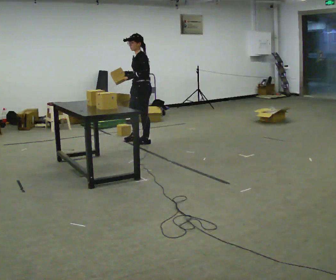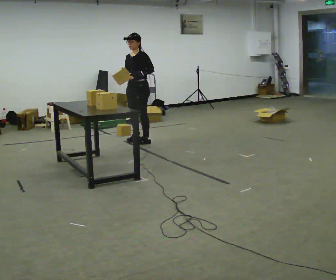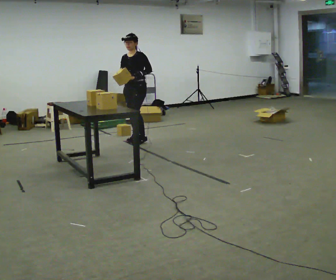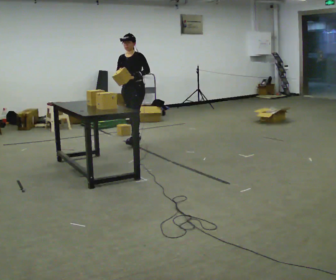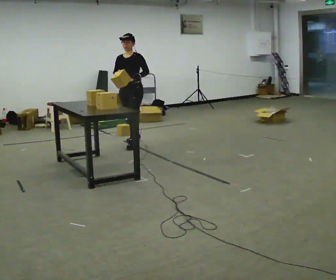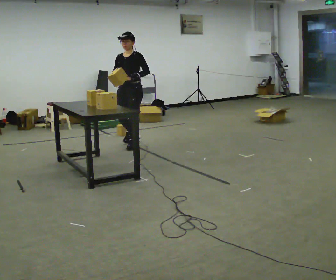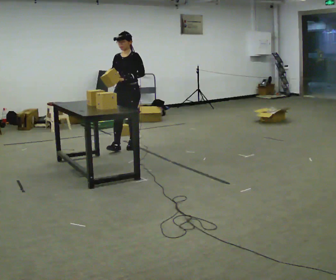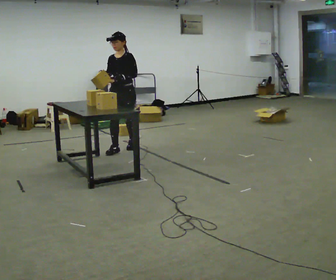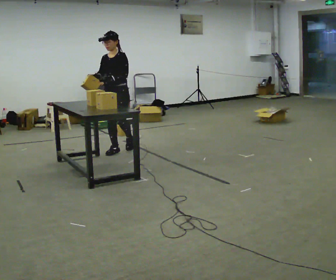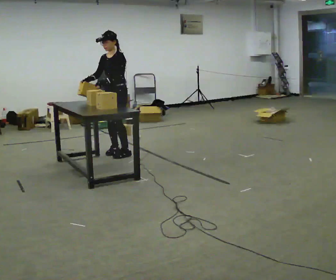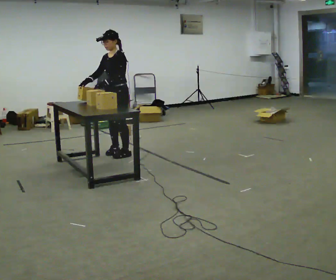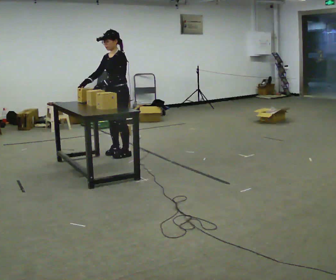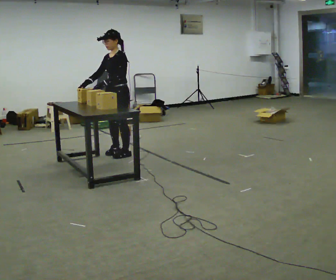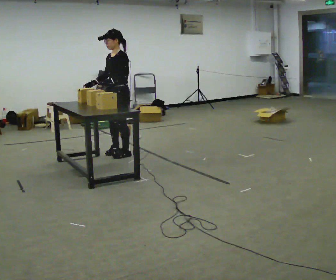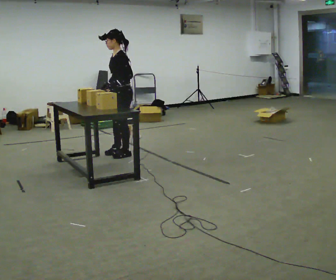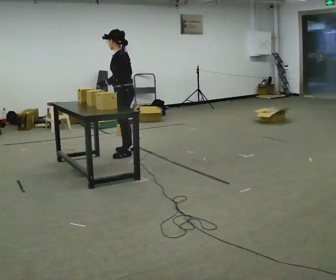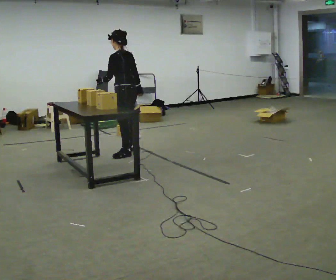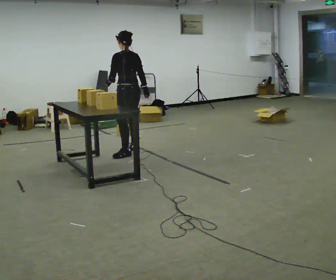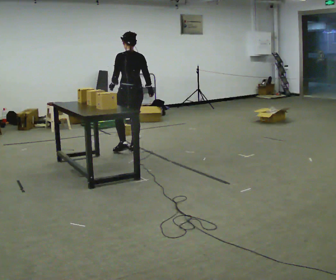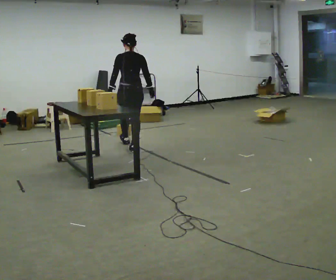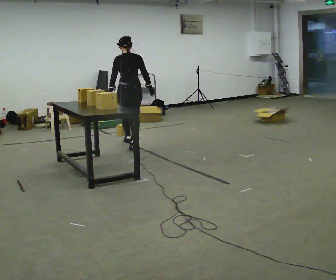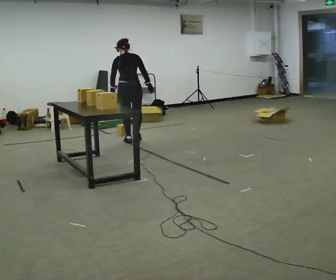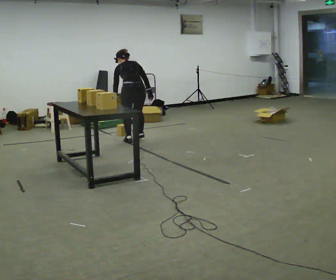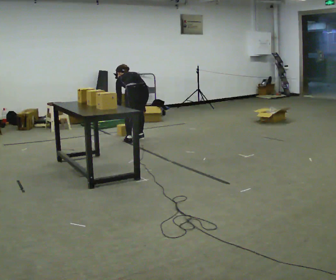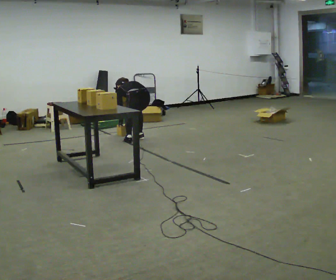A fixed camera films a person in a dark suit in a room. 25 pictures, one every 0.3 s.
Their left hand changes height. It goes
downward.
Their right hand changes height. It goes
downward.
0.0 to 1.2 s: Seen from above the body turns counterclockwise, about 45 degrees: to their left, with its near side sliding to the right. In the picture they go to the left, about 0.25 m in 1 step, which for them is forward.
1.2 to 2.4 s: In the picture they go toward the camera and to the left, about 0.5 m in 1 step, which for them is forward.
2.4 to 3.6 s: In the picture they go toward the camera, about 0.25 m in 1 step, which for them is to their left.
3.6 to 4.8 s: The person turns about 75 degrees to their right, clockwise seen from above, so the part of the body nearest the lens slides to the left. In the picture their right hand goes to the right, the arm swinging counterclockwise.
4.8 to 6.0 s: Seen from above the body turns clockwise, about 60 degrees: to their right, with its near side sliding to the left. In the picture they go away from the camera, about 0.5 m in 1 step.
6.0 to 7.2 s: Seen from above the body turns counterclockwise, about 30 degrees: to their left, with its near side sliding to the right. In the picture they go away from the camera and to the right, about 0.25 m in 1 step, which for them is forward and to their right. The upper body goes downward. The upper body tips away from the camera, its near side rolling upward, as they bend forward. In the picture their right hand goes downward.
The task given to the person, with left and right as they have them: Pick the fragile object up and set it back down as gently as you can. Repeat at your own pace until the operator says stop. Keep both feet on the marked spots for the whole take. If you have to step, stop and tell the operator.
The film runs forward here.
